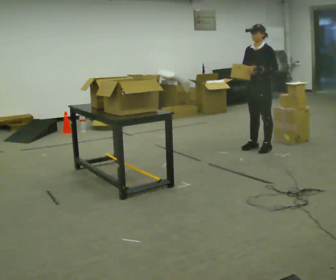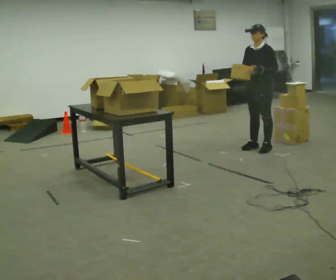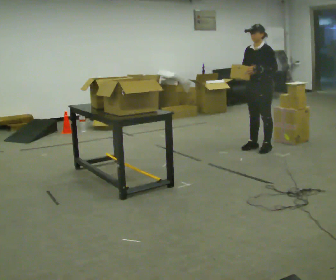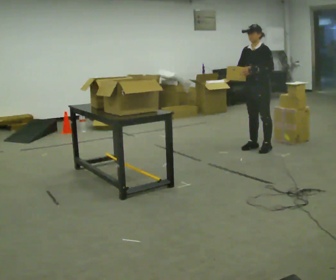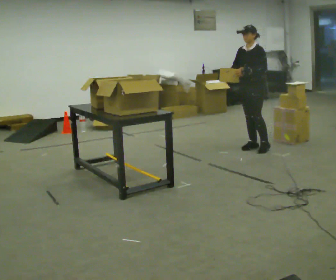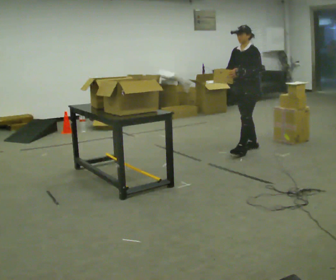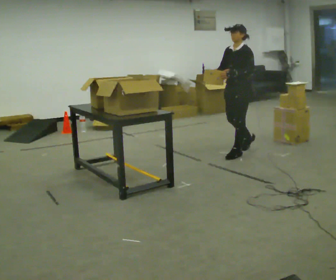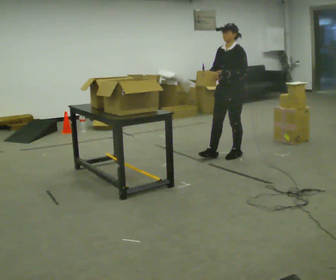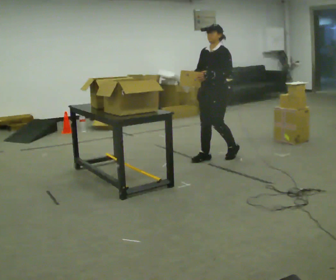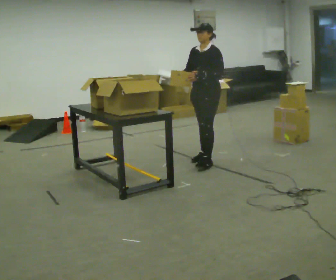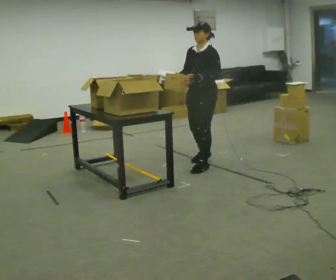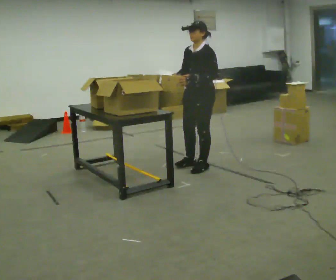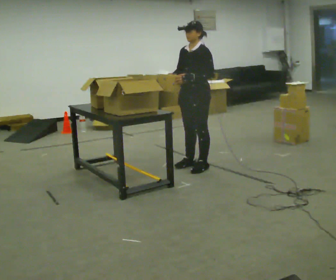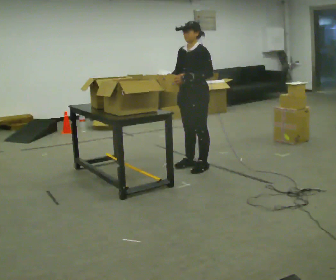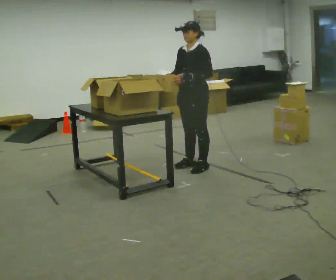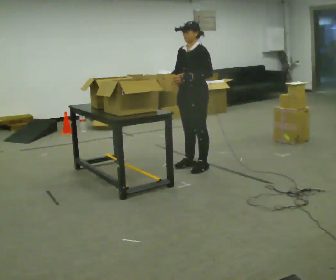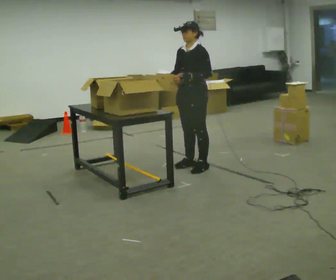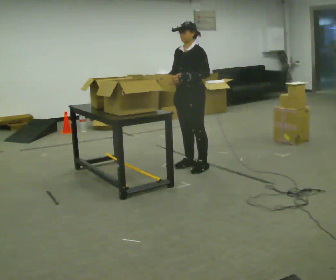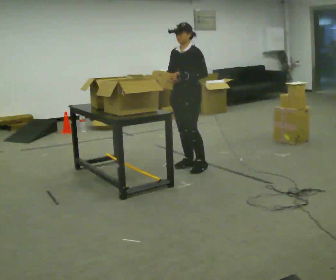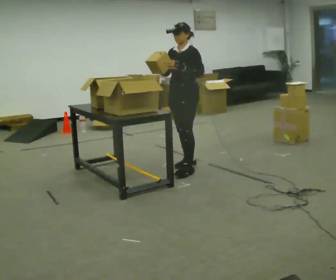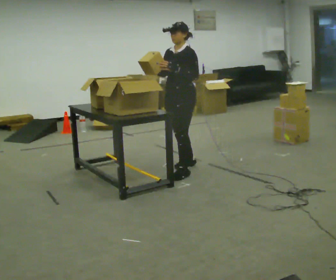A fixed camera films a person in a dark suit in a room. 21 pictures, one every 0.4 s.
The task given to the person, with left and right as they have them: 1. Read the list the operator gives you. 2. Collect the six items on the list from the shelves. 3. Put them all in the bin on the table. 4. Tell the operator when you are finished.
0.0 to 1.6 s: The person moves a little, or ends about where they began.
1.6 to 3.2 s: In the picture they go to the left and toward the camera, about 0.75 m in 2 steps, which for them is forward.
3.2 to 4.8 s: In the picture they go toward the camera and to the left, about 0.5 m in 2 steps, which for them is forward.
4.8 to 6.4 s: The person moves a little, or ends about where they began.
6.4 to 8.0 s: In the picture they go toward the camera, about 0.25 m in 1 step, which for them is forward.
The film runs forward here.
